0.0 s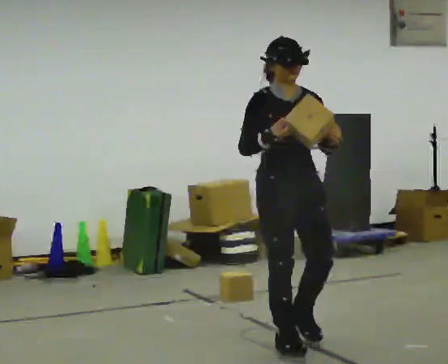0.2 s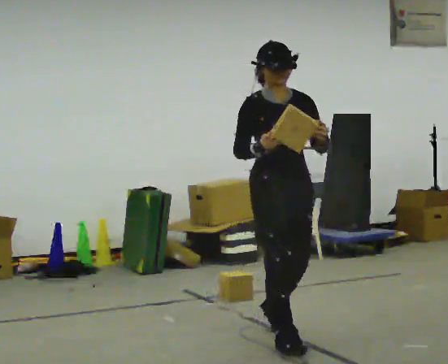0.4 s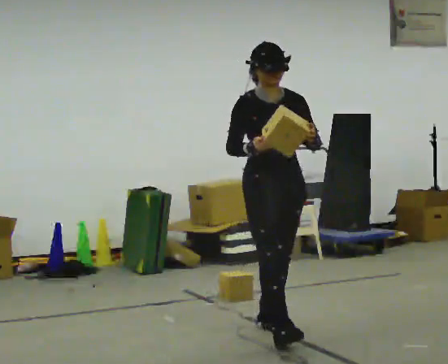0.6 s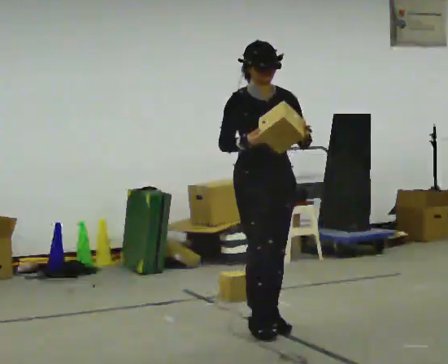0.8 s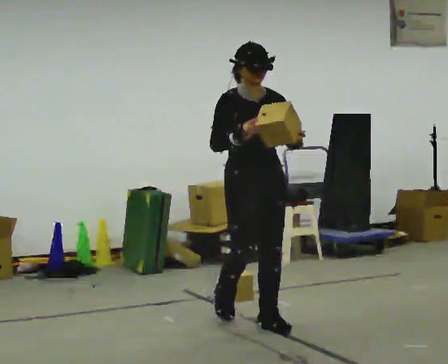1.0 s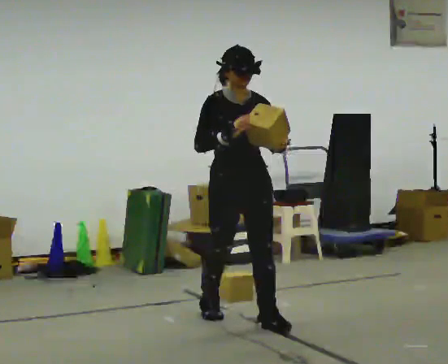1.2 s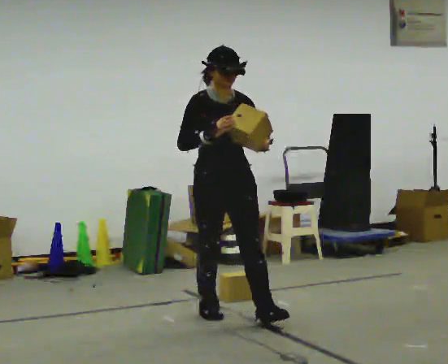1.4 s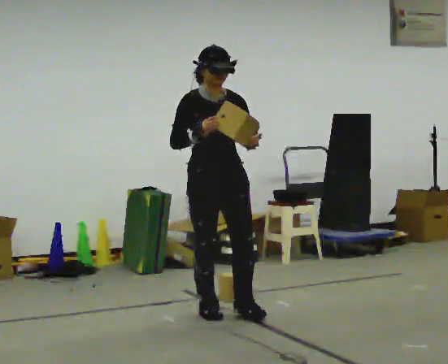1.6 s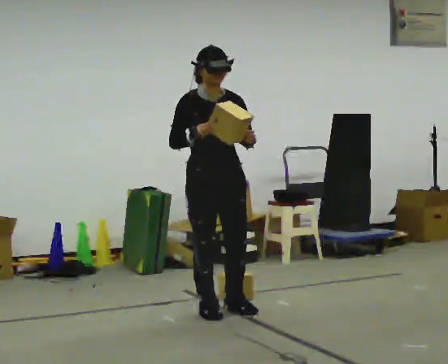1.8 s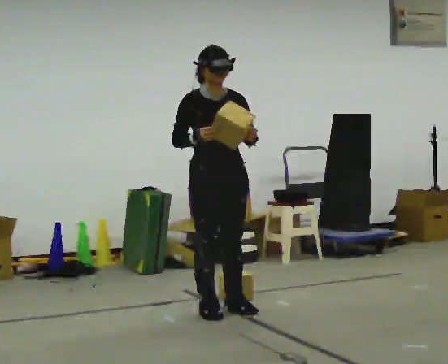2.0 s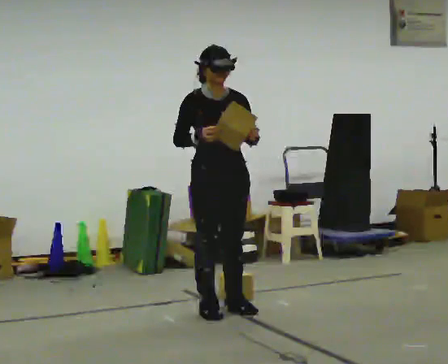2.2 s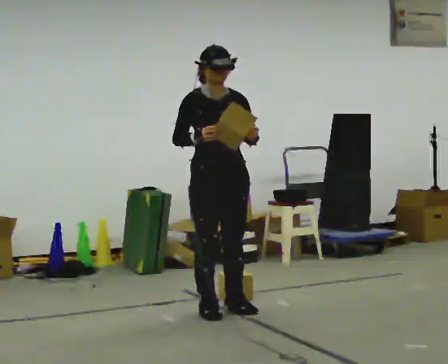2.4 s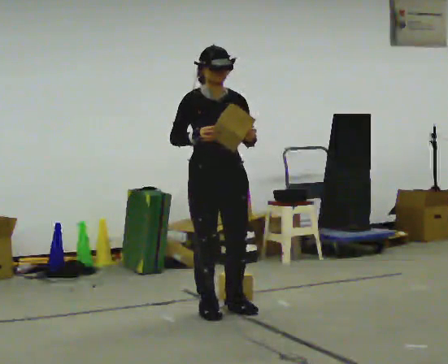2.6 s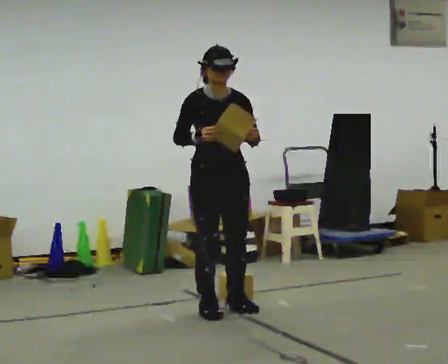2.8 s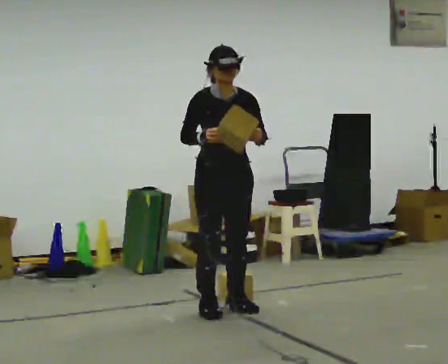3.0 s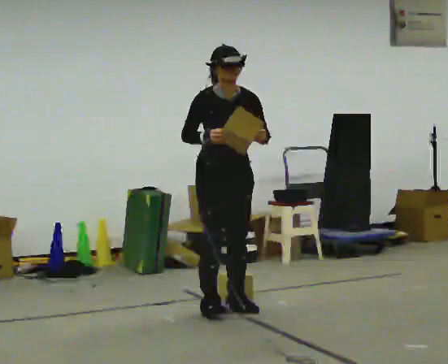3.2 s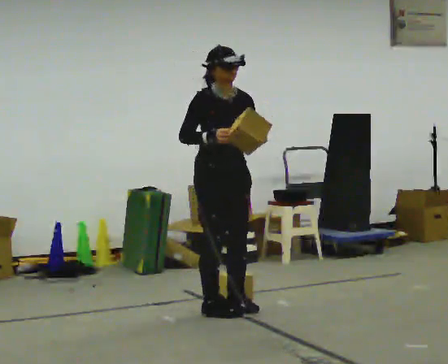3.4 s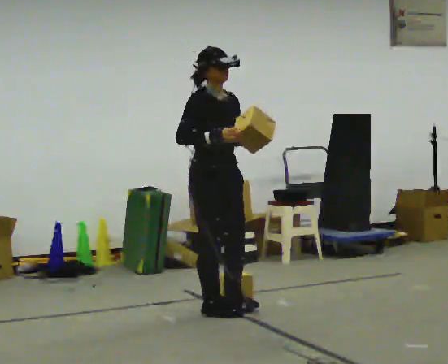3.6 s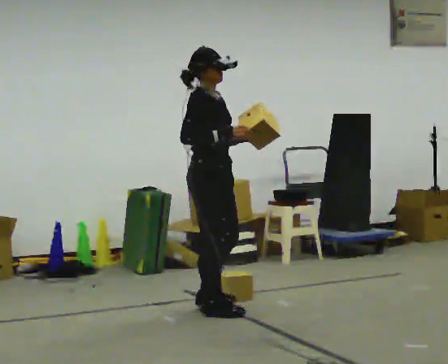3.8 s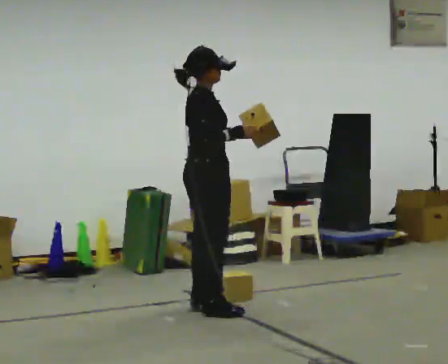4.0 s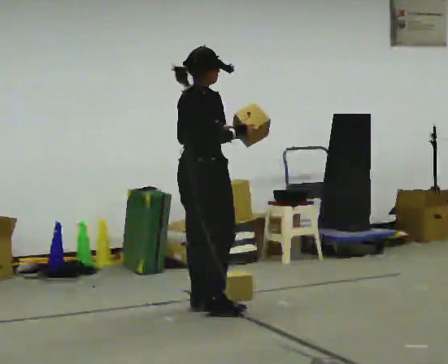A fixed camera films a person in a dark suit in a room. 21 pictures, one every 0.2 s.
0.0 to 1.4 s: In the picture they go away from the camera and to the left, about 1 m in 2 steps, which for them is backward.
1.4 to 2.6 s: The person moves a little, or ends about where they began.
2.6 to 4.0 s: The part of the body nearest the lens slides to the right as the person turns to their left by about 90 degrees.
The film runs backward here.
